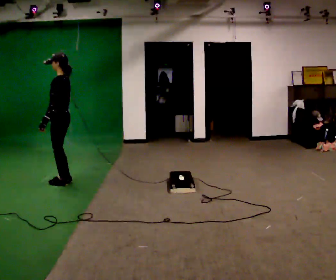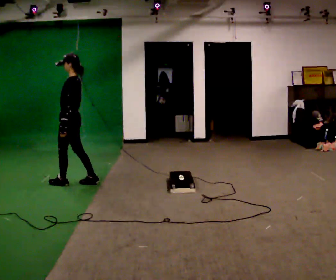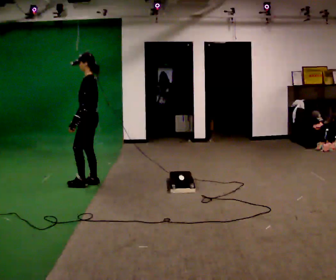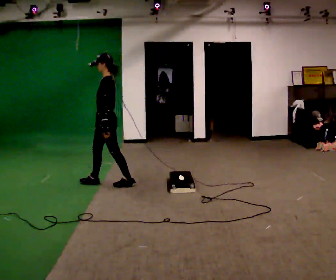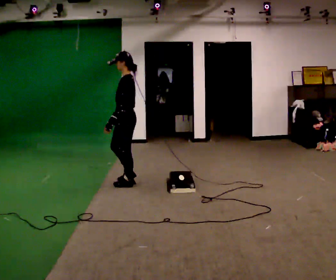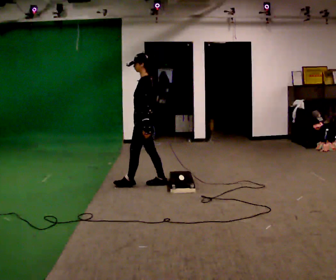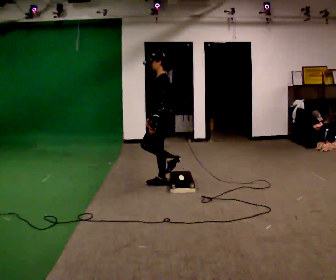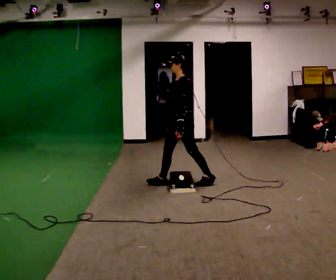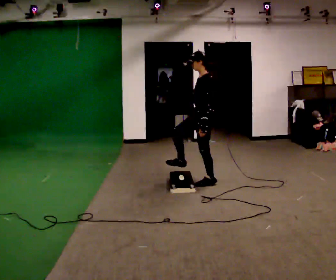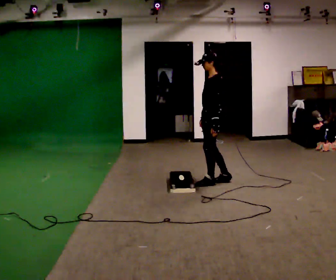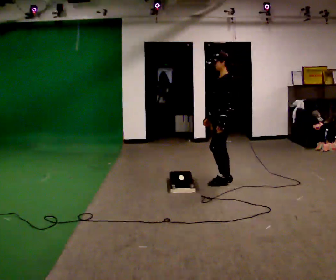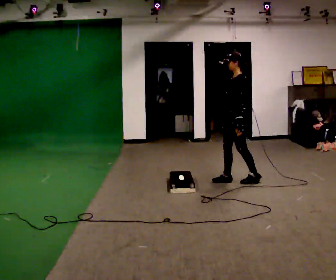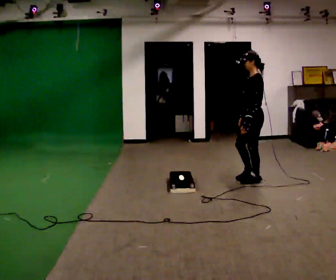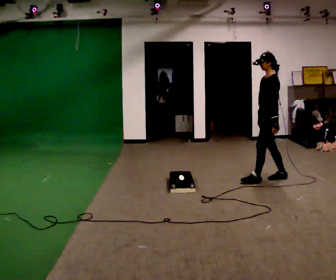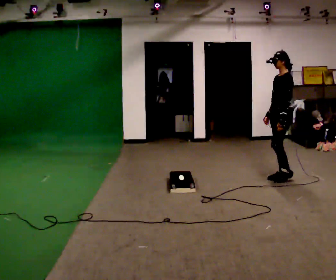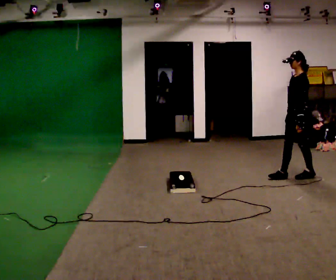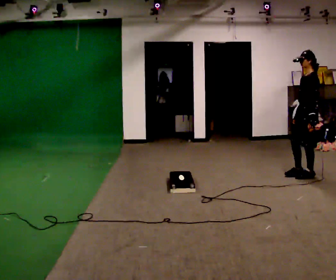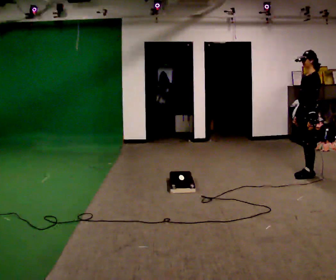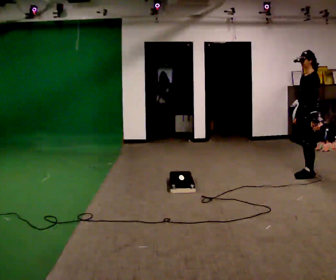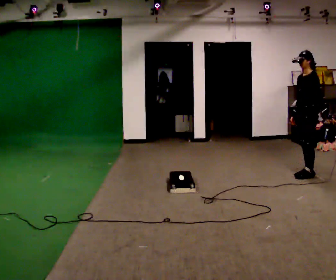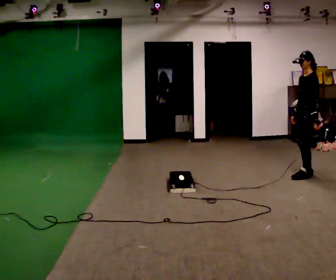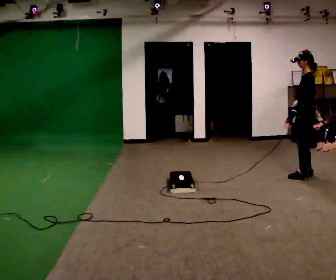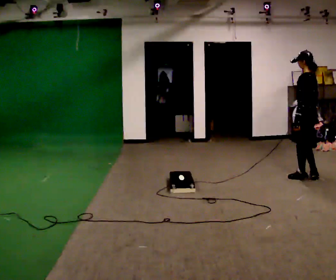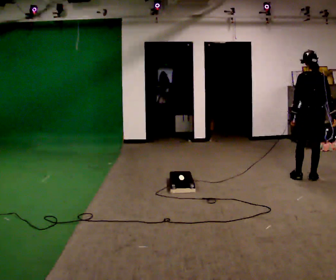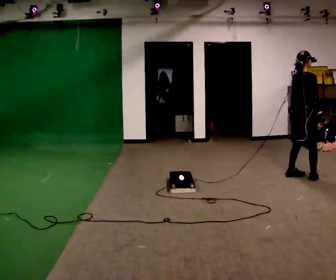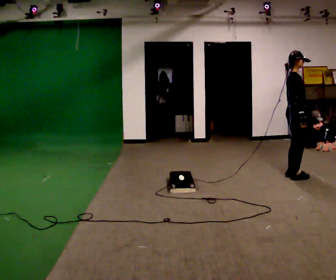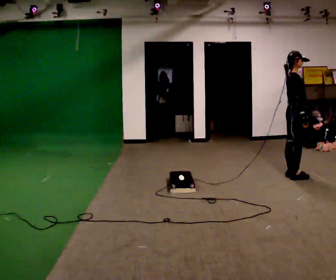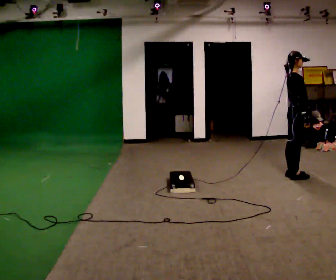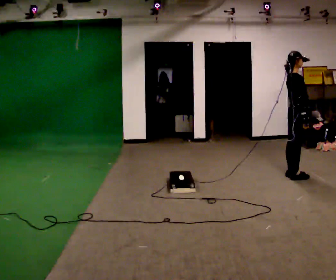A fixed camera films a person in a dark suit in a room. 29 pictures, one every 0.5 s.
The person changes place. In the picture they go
to the right.
0.0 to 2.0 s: In the picture they go to the right and away from the camera, about 1 m in 3 steps, which for them is backward.
2.0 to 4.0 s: In the picture they go to the right and away from the camera, about 1 m in 2 steps, which for them is backward.
4.0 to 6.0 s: In the picture they go to the right, about 0.5 m in 2 steps, which for them is backward.
6.0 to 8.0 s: In the picture they go to the right, about 0.5 m in 2 steps, which for them is backward.
8.0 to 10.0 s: The person moves a little, or ends about where they began.
10.0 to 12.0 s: Seen from above the body turns clockwise, about 150 degrees: to their right, with its near side sliding to the left. In the picture their right hand goes to the right, the arm swinging counterclockwise.
12.0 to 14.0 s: Seen from above the body turns clockwise, about 30 degrees: to their right, with its near side sliding to the left.
The film runs backward here.
